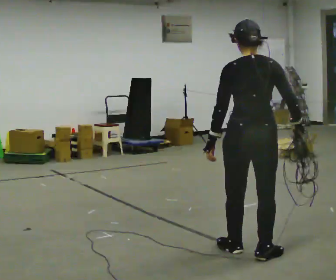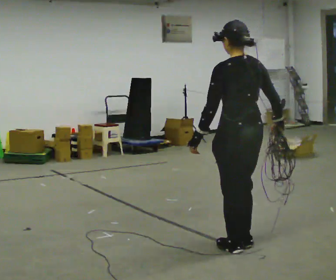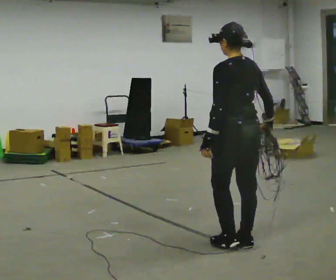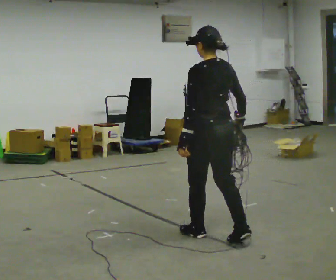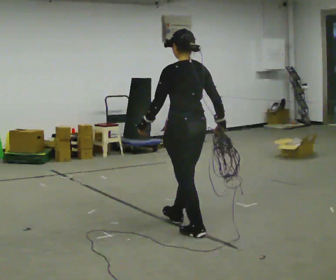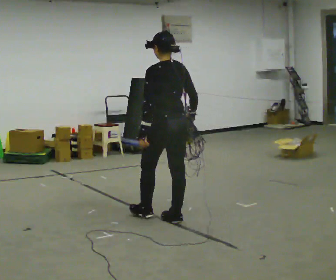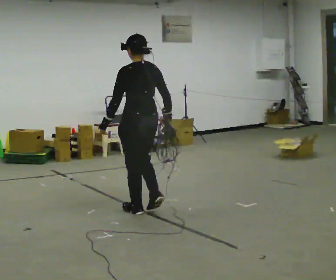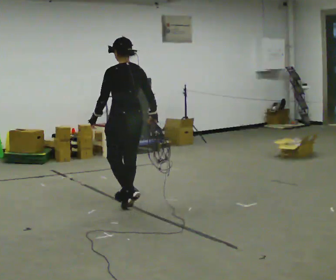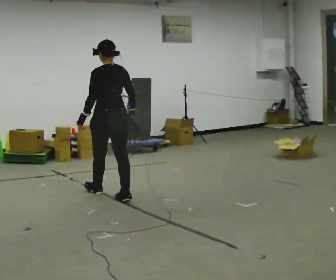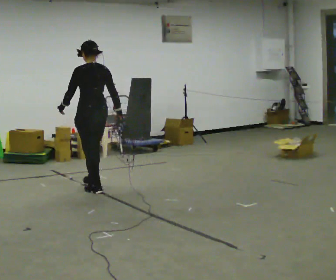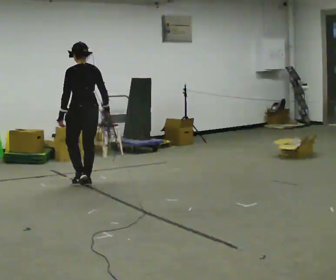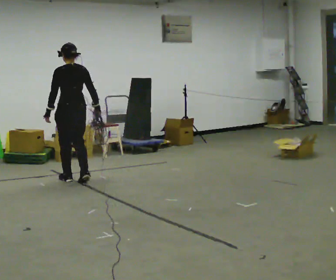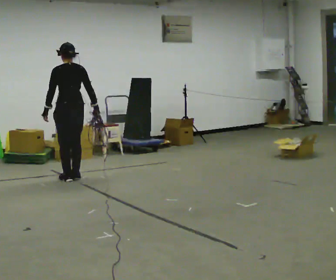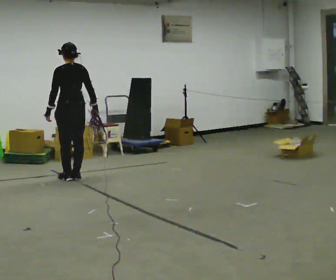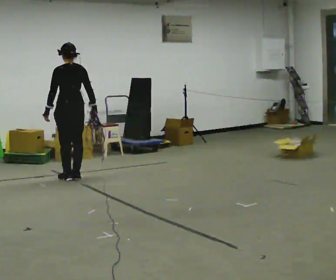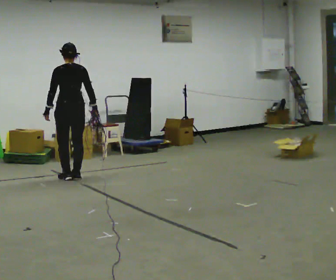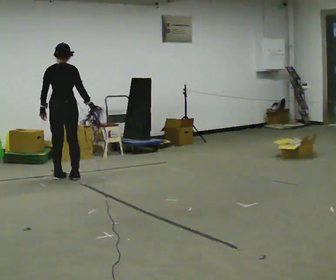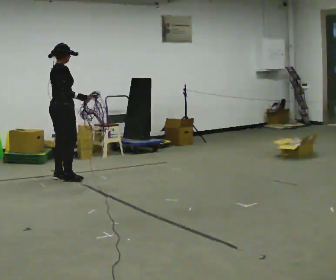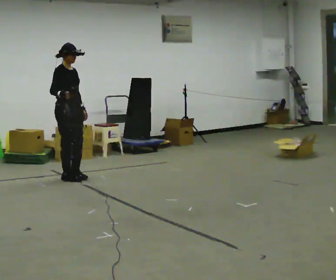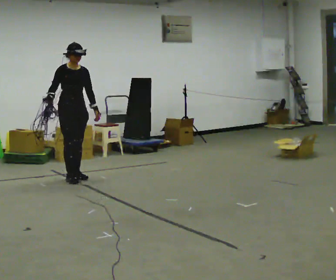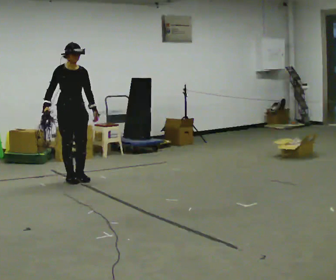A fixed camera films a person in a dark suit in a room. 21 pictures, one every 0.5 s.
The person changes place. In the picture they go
away from the camera.
0.0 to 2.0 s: Seen from above the body turns counterclockwise, about 30 degrees: to their left, with its near side sliding to the right. In the picture they go away from the camera and to the left, about 0.5 m in 2 steps, which for them is forward.
2.0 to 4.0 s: In the picture they go away from the camera and to the left, about 1.5 m in 4 steps, which for them is forward.
4.0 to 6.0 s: In the picture they go away from the camera and to the left, about 1 m in 3 steps, which for them is forward.
6.0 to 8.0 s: The person turns about 30 degrees to their right, clockwise seen from above, so the part of the body nearest the lens slides to the left.
8.0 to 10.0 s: Seen from above the body turns clockwise, about 135 degrees: to their right, with its near side sliding to the left. In the picture their right hand goes to the left.
The film runs forward here.
